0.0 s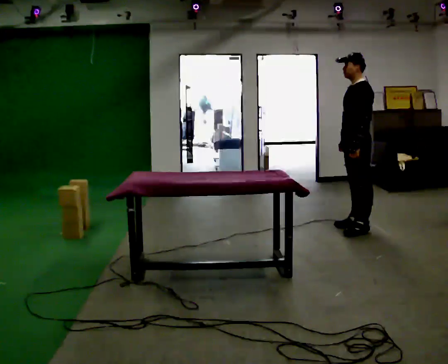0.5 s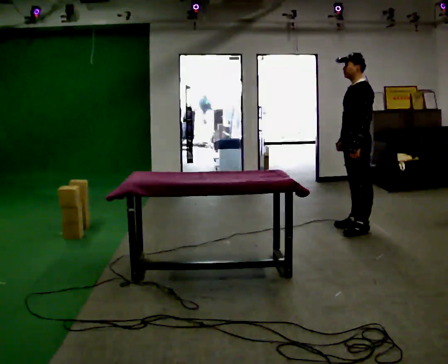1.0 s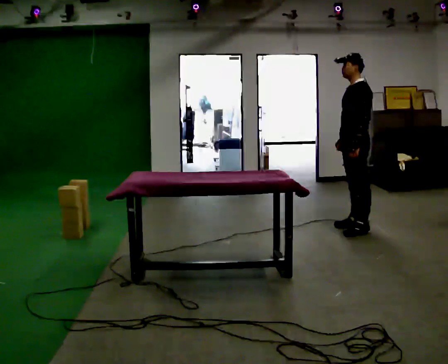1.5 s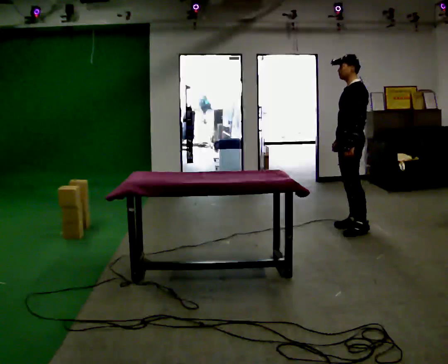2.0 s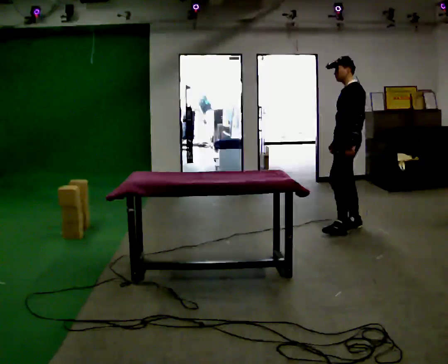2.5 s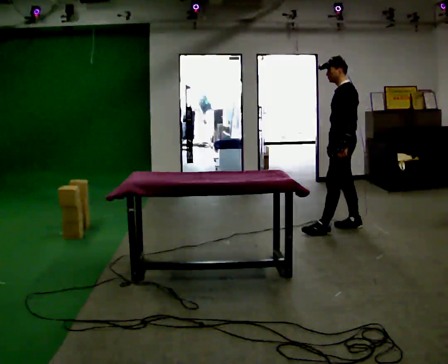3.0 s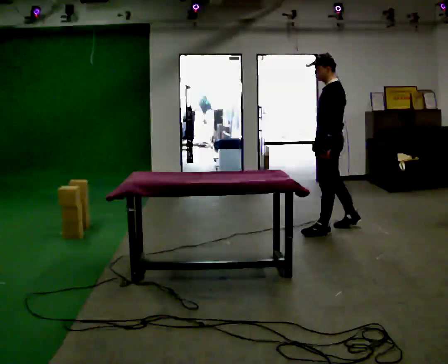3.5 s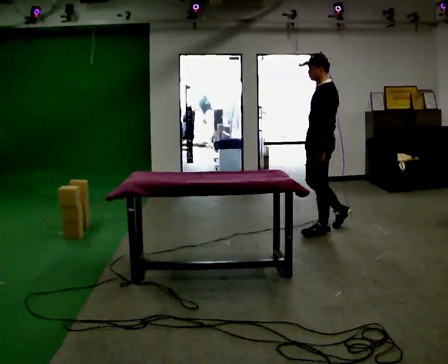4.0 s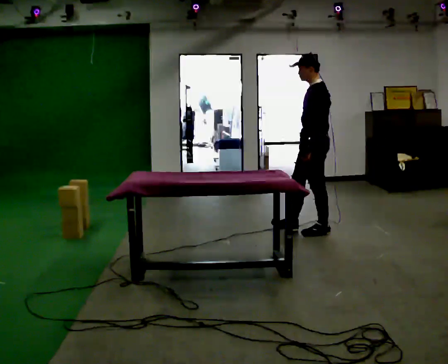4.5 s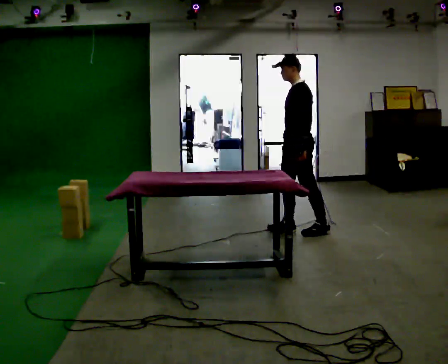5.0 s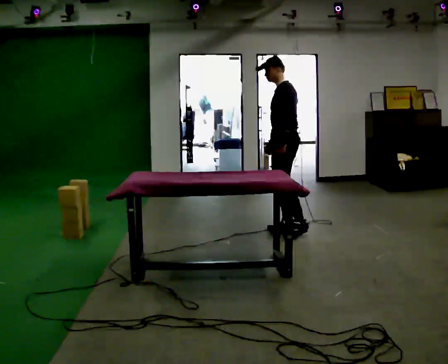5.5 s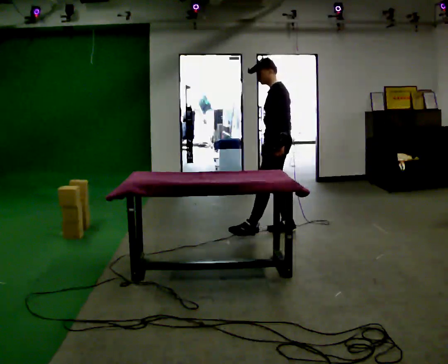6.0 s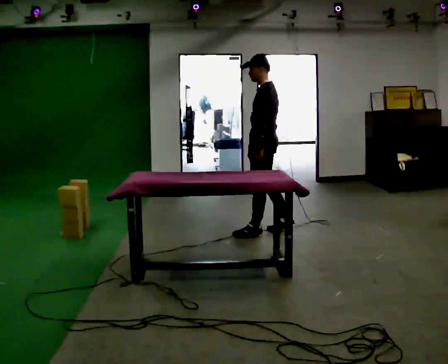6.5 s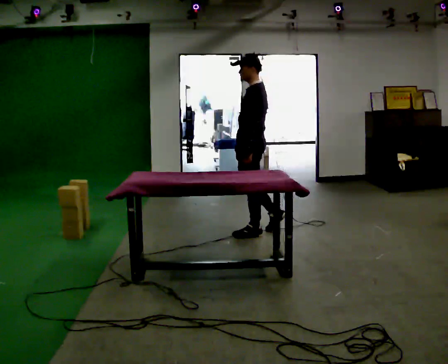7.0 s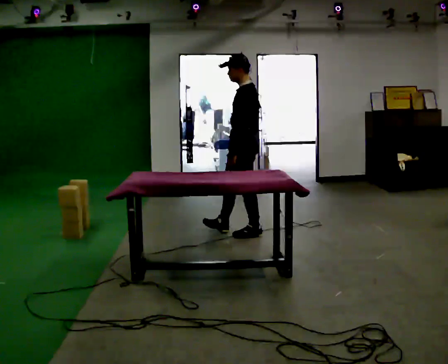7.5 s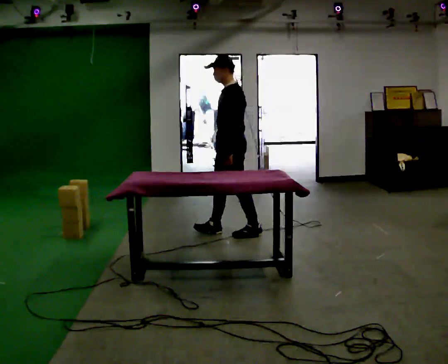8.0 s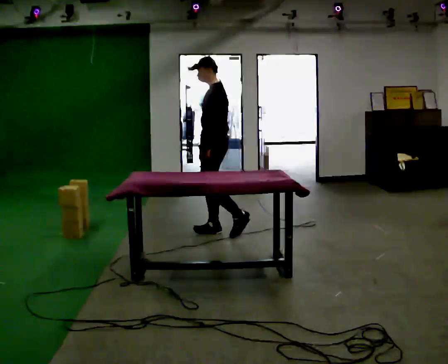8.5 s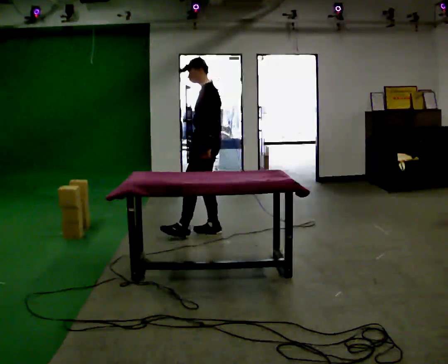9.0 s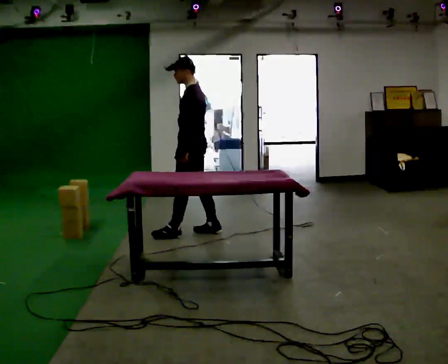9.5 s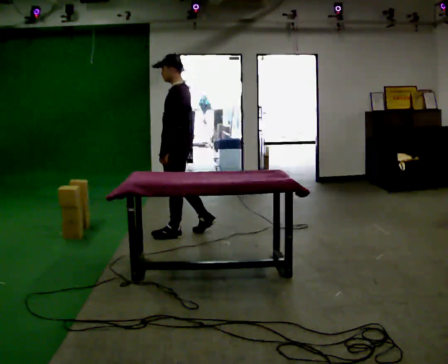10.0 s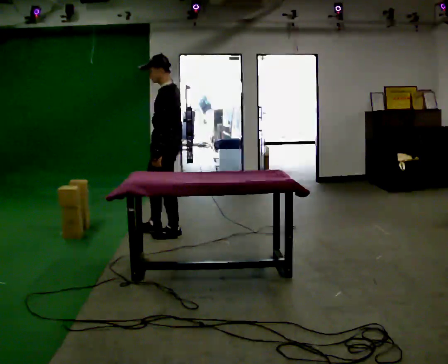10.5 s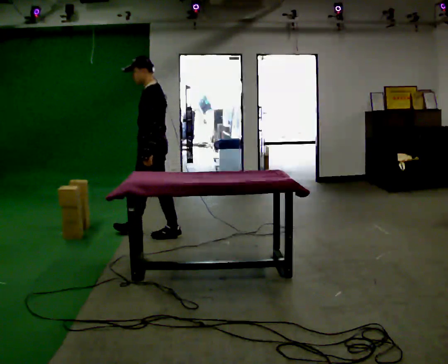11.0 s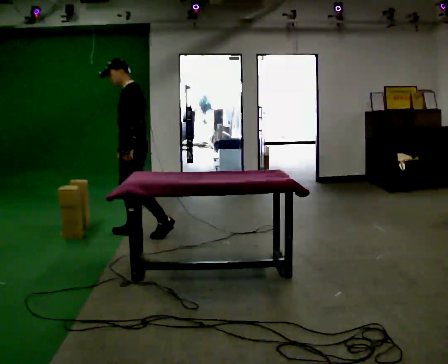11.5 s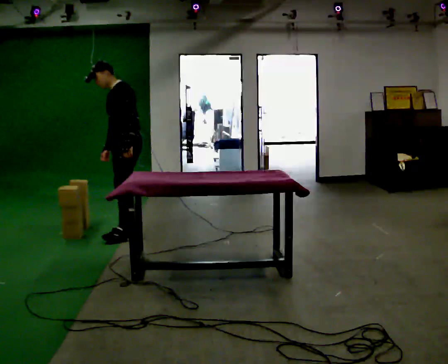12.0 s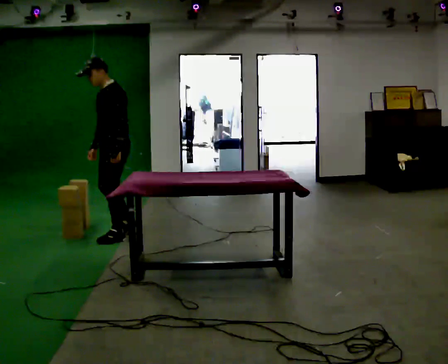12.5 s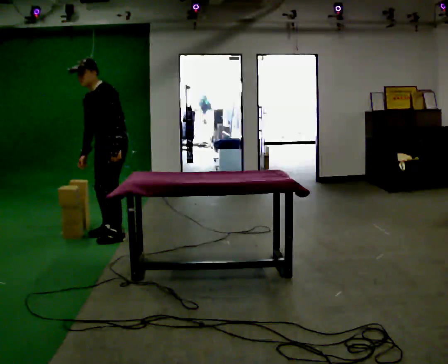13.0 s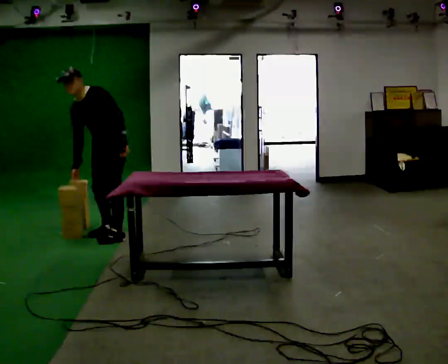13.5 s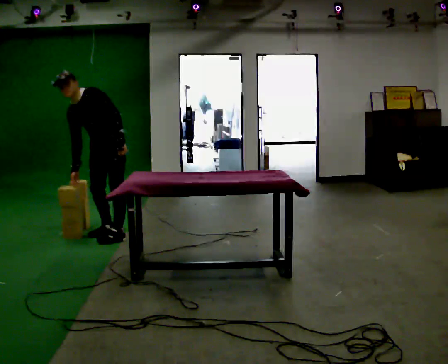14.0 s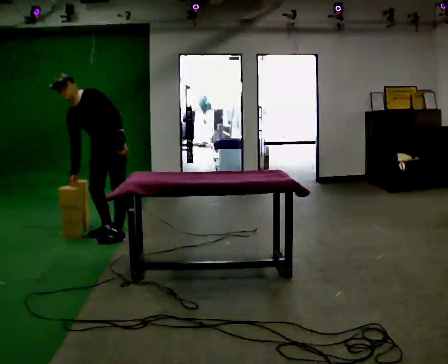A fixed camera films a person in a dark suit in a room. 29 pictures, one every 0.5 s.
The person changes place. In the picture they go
to the left.
0.0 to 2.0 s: The person moves a little, or ends about where they began.
2.0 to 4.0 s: In the picture they go to the left and toward the camera, about 0.5 m in 1 step, which for them is forward and to their left.
4.0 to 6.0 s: In the picture they go to the left, about 0.5 m in 2 steps, which for them is forward.
6.0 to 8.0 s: In the picture they go to the left, about 0.5 m in 1 step, which for them is forward.
8.0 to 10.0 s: In the picture they go to the left and toward the camera, about 0.5 m in 1 step, which for them is forward and to their left.
10.0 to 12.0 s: Seen from above the body turns counterclockwise, about 30 degrees: to their left, with its near side sliding to the right. In the picture they go to the left, about 0.5 m in 2 steps, which for them is forward.
12.0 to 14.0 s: Seen from above the body turns counterclockwise, about 30 degrees: to their left, with its near side sliding to the right. In the picture the upper body tilts counterclockwise, shoulders to the left, as they bend forward.
The film runs forward here.
